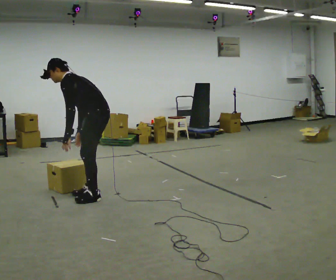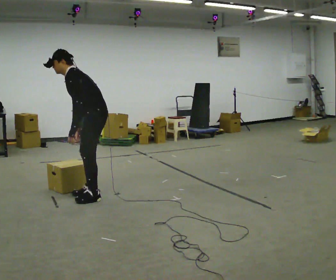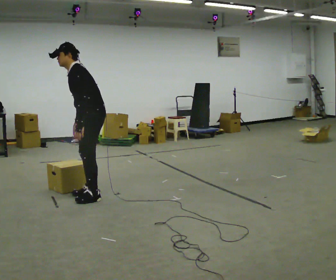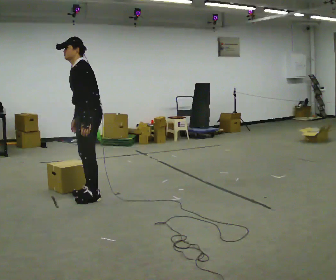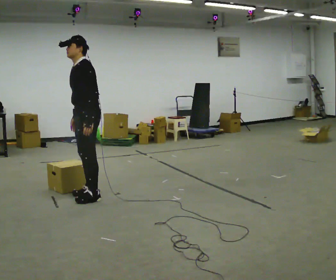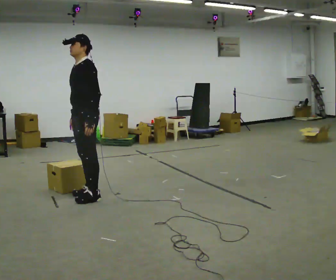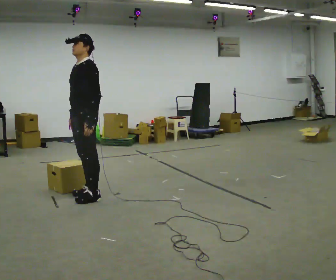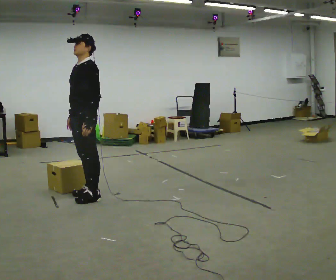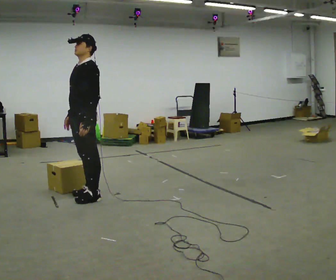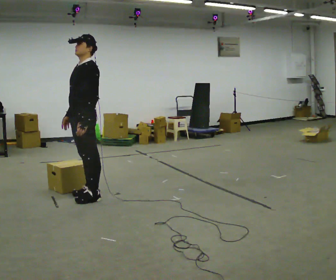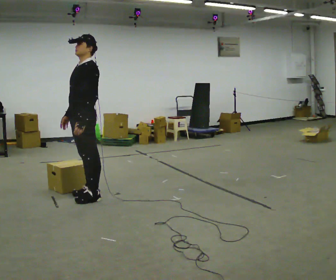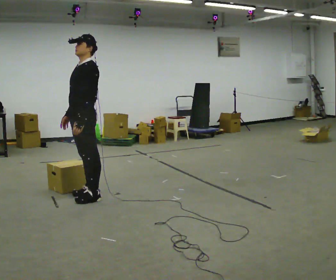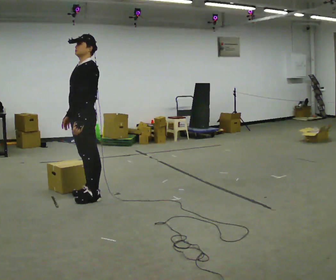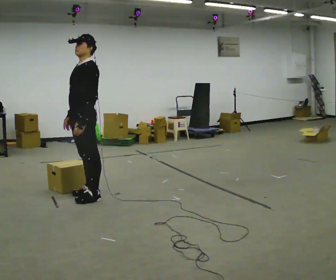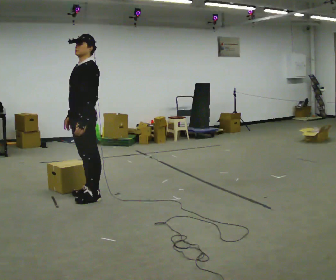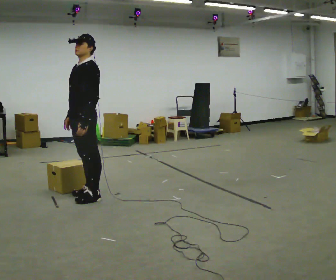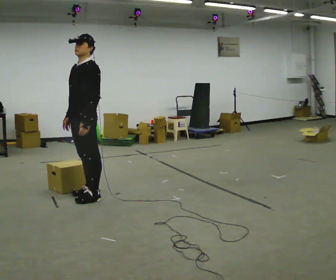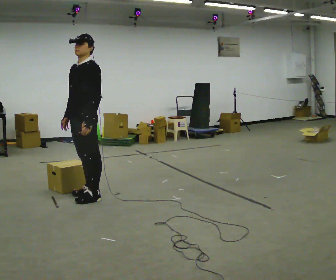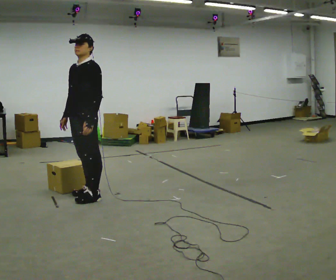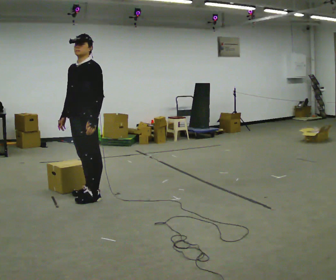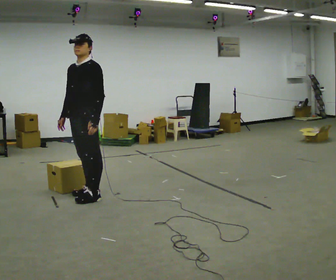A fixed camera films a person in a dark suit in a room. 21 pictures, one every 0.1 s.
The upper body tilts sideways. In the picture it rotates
clockwise.
0.0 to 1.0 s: In the picture the upper body tilts clockwise, shoulders to the right, as they lean back or straighten.
1.0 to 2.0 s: The person moves a little, or ends about where they began.
The film runs forward here.
